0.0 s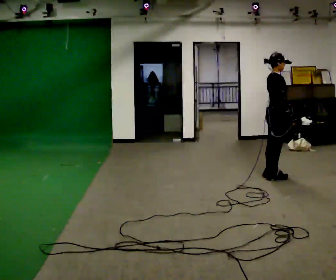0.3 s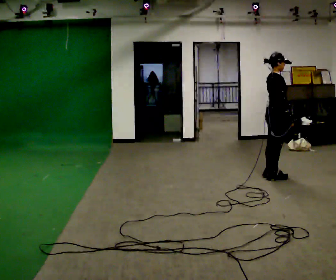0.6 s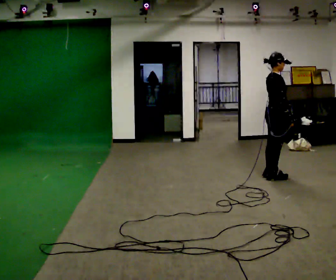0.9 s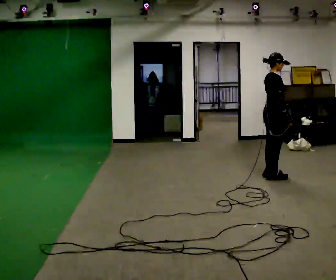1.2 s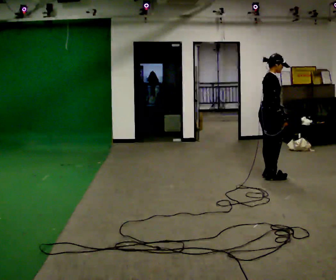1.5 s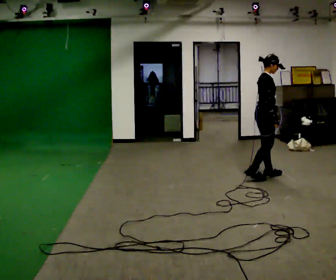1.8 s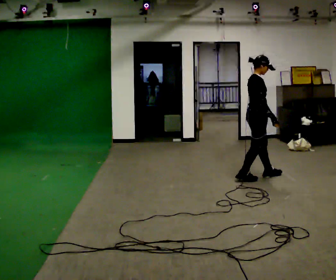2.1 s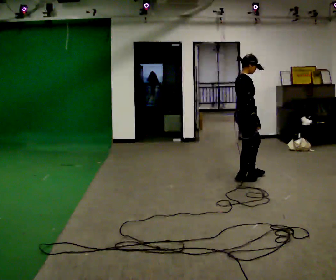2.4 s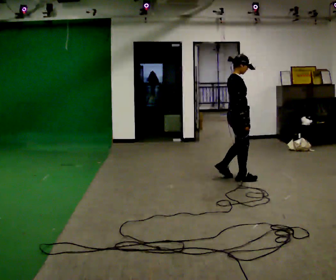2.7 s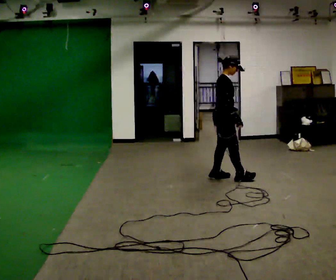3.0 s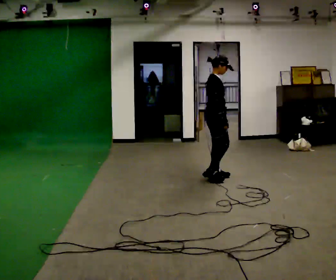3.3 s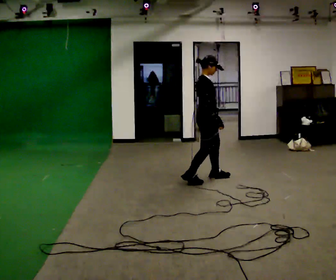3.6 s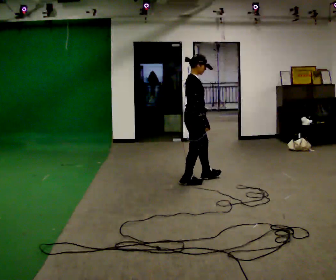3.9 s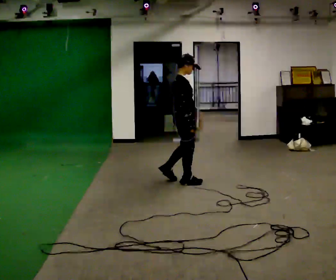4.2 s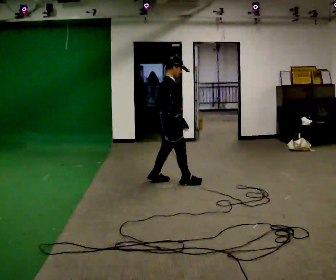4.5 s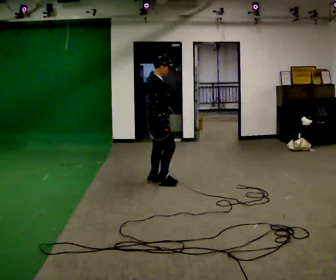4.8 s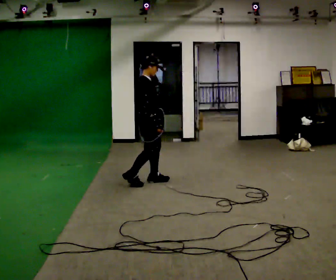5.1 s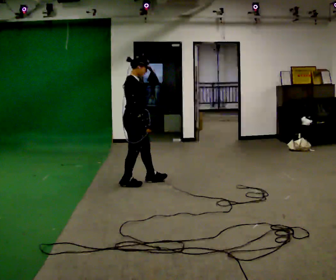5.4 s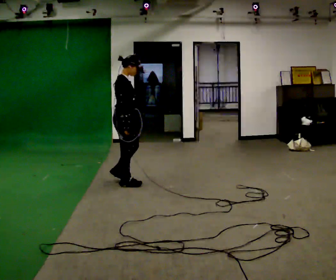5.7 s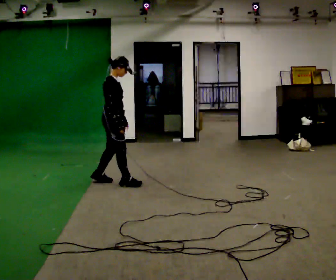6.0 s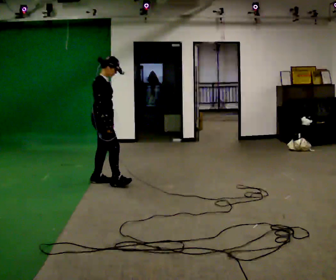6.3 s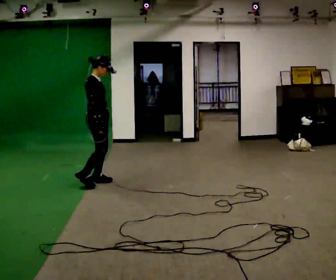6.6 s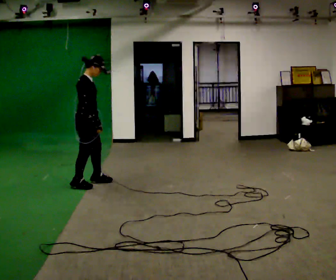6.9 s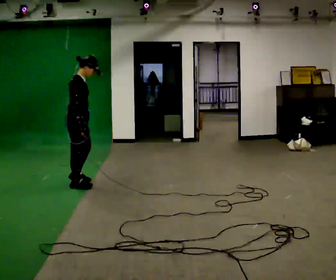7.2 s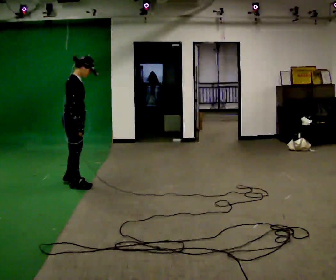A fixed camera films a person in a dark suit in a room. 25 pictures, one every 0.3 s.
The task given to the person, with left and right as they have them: Walk backward slowly; stop.
0.0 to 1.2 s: The person moves a little, or ends about where they began.
1.2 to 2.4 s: In the picture they go to the left, about 0.5 m in 1 step, which for them is backward.
2.4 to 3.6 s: In the picture they go to the left, about 0.5 m in 2 steps, which for them is backward.
3.6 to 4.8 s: In the picture they go to the left, about 0.5 m in 1 step, which for them is backward.
4.8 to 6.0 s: In the picture they go to the left, about 0.5 m in 2 steps, which for them is backward.
6.0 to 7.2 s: In the picture they go to the left and toward the camera, about 0.5 m in 2 steps, which for them is backward and to their right.
The film runs forward here.
